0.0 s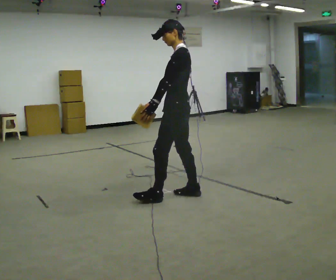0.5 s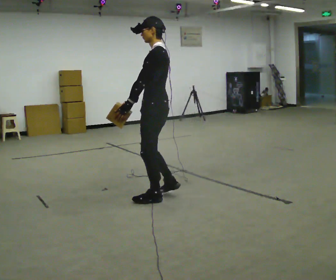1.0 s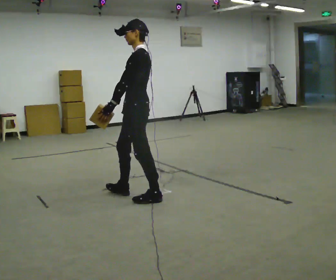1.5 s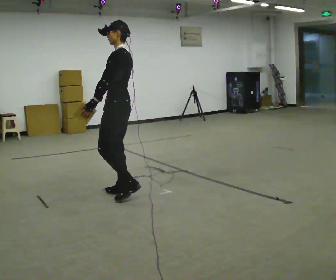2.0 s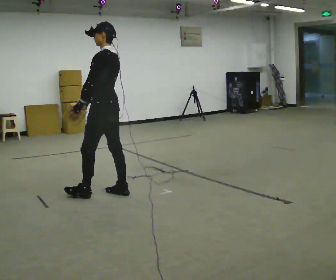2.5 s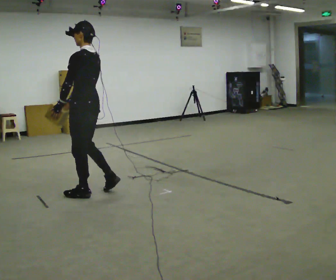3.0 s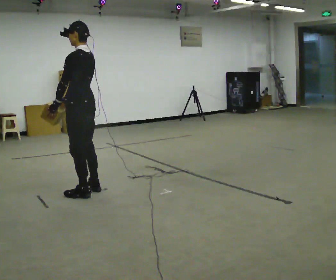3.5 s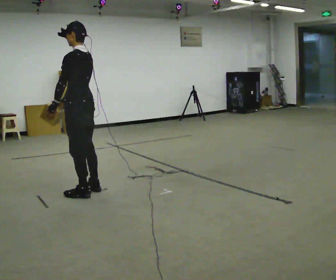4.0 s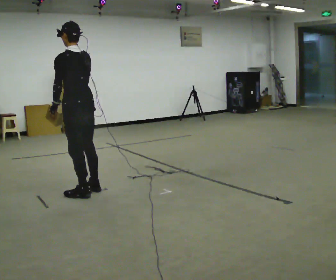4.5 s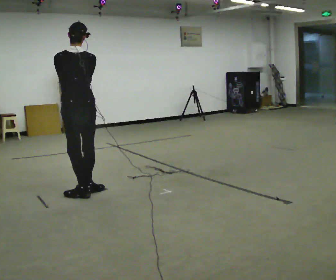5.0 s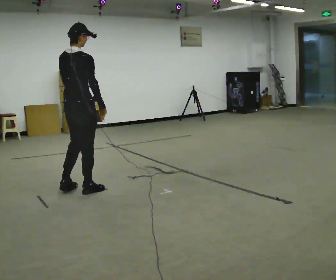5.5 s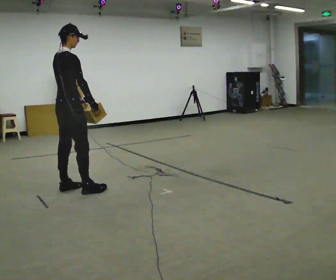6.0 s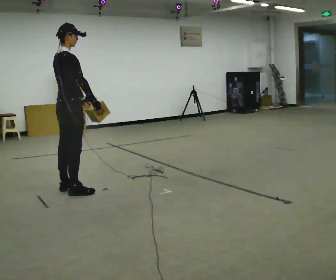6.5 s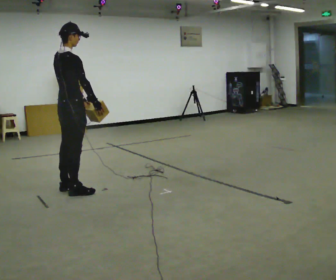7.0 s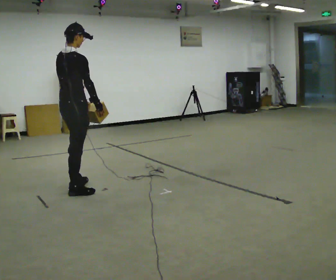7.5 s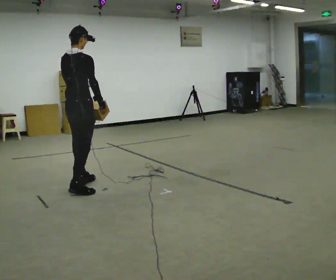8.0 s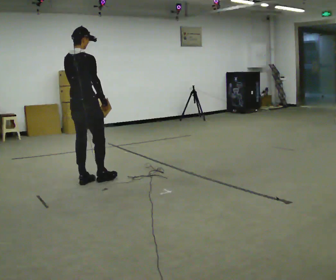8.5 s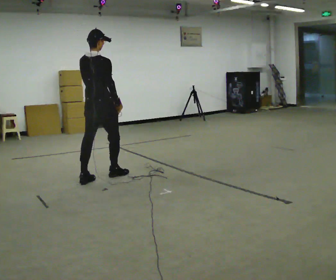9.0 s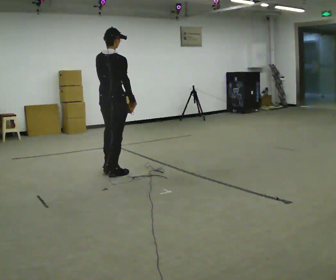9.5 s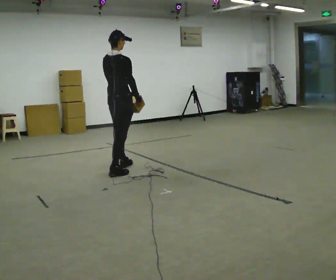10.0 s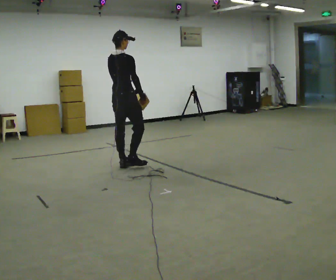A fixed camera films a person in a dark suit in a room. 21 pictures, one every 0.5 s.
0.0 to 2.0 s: In the picture they go to the left and away from the camera, about 0.5 m in 2 steps, which for them is forward.
2.0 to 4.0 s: In the picture they go to the left, about 0.25 m in 1 step, which for them is forward and to their left.
4.0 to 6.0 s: Seen from above the body turns clockwise, about 105 degrees: to their right, with its near side sliding to the left. In the picture they go to the left, about 0.25 m in 2 steps.
6.0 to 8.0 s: The person turns about 30 degrees to their left, counterclockwise seen from above, so the part of the body nearest the lens slides to the right. In the picture they go away from the camera and to the right, about 0.25 m in 1 step, which for them is forward.
8.0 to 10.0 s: In the picture they go away from the camera and to the right, about 1 m in 2 steps, which for them is forward.
The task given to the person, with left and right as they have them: Carry the light box in both hands in front of you, walking back and forth across the room. Keep walking until the operator says stop.
The film runs forward here.
